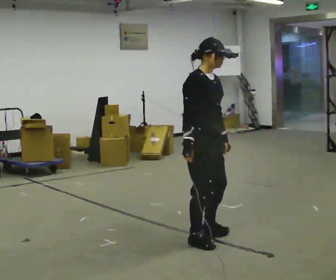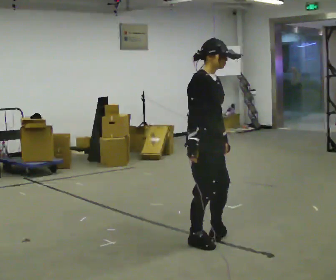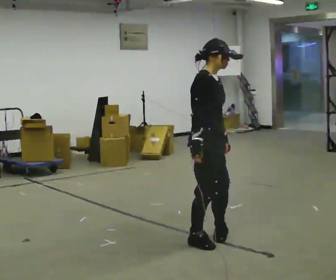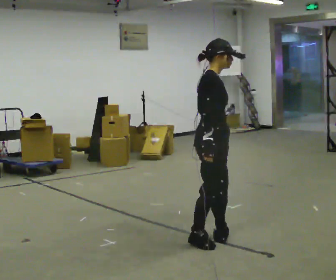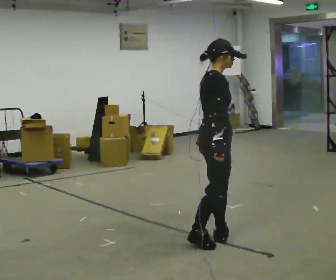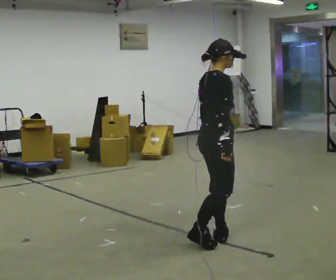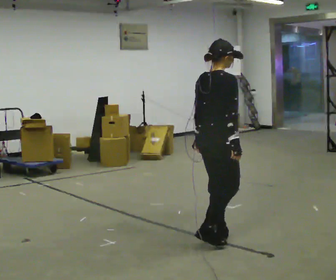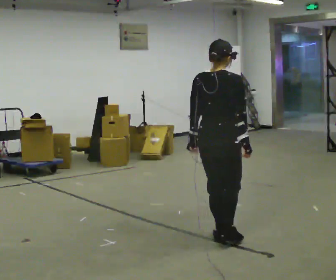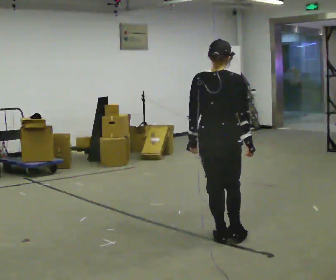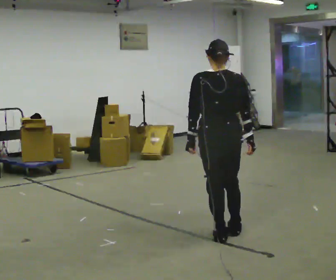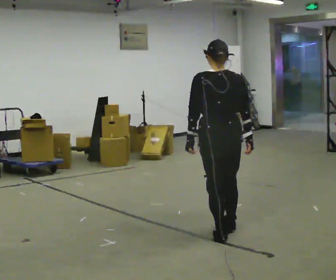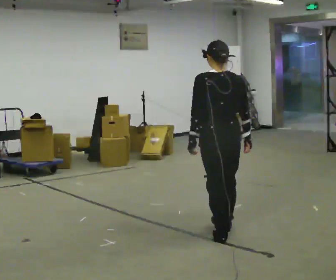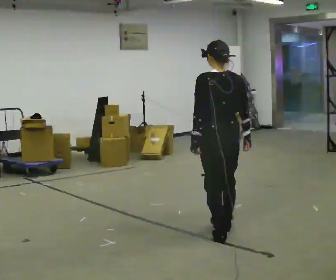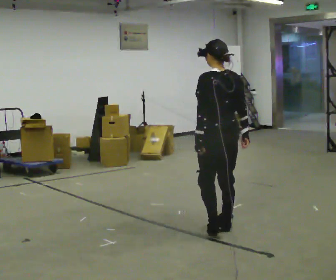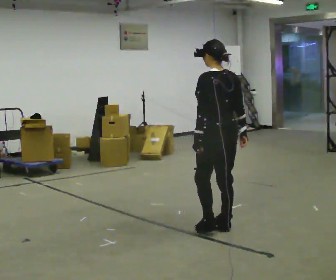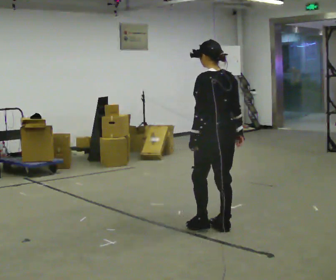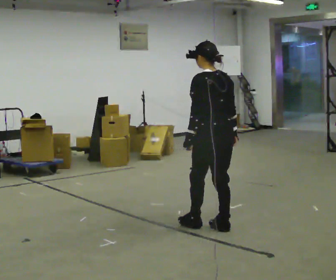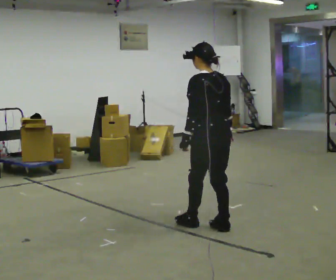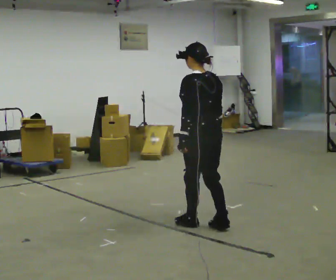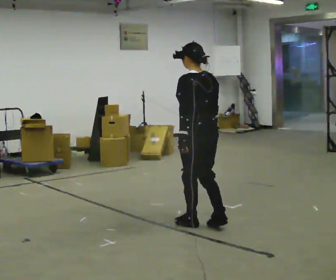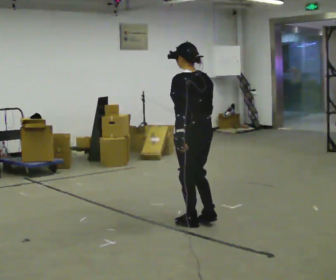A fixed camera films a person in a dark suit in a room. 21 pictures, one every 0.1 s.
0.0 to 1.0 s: The person turns about 120 degrees to their left, counterclockwise seen from above, so the part of the body nearest the lens slides to the right. In the picture they go to the right, about 0.25 m in 1 step.
1.0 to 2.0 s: The part of the body nearest the lens slides to the right as the person turns to their left by about 45 degrees. In the picture they go away from the camera and to the left, about 0.5 m in 2 steps, which for them is forward.
The film runs backward here.
